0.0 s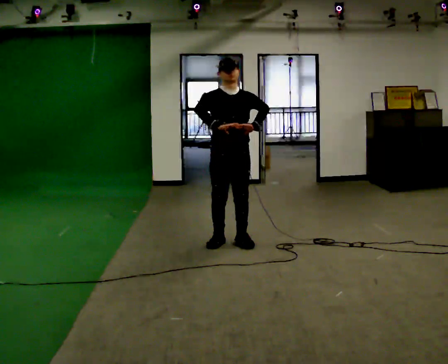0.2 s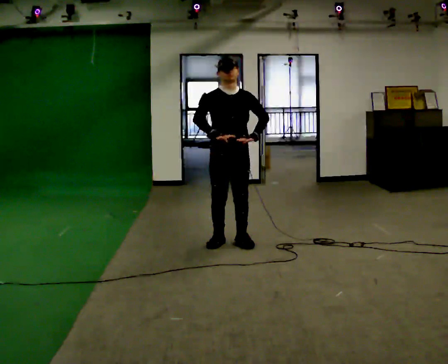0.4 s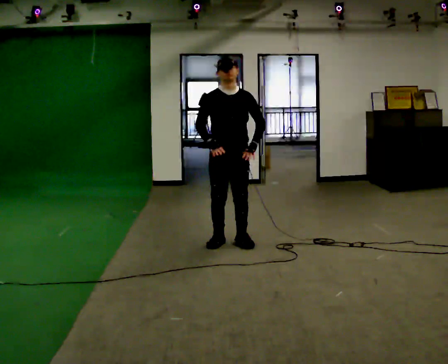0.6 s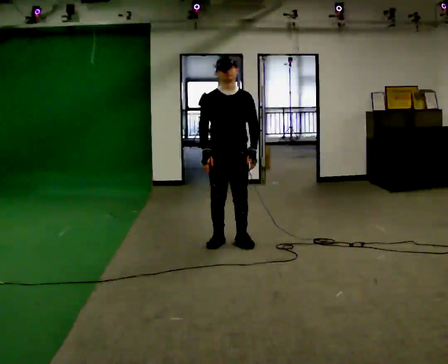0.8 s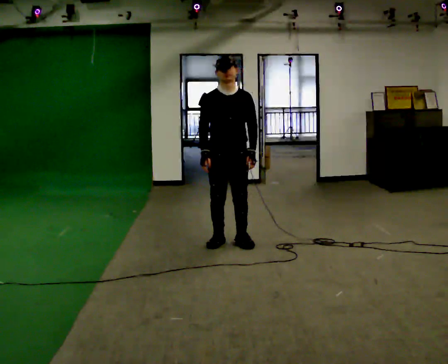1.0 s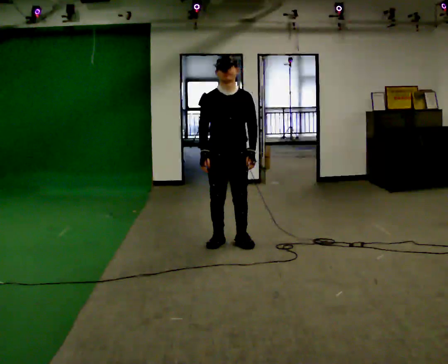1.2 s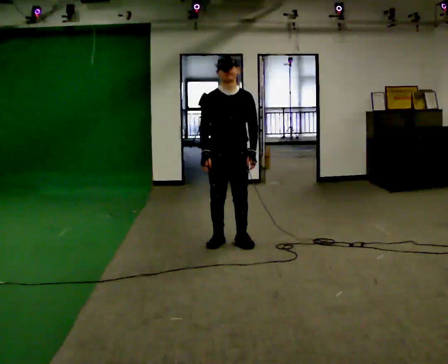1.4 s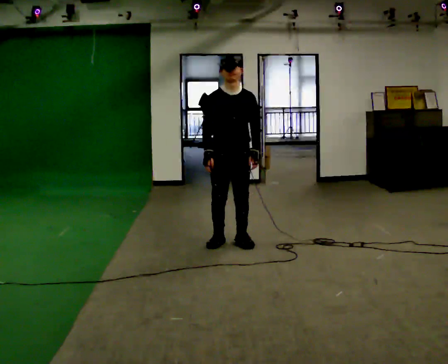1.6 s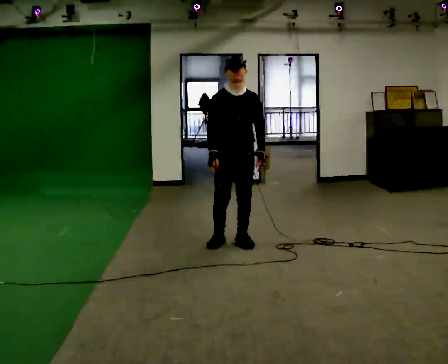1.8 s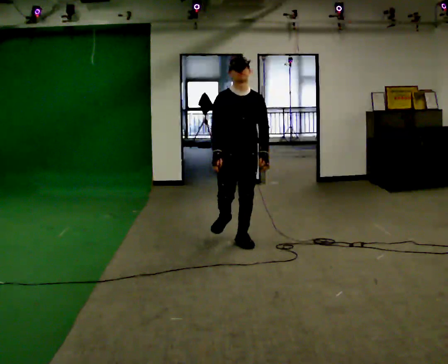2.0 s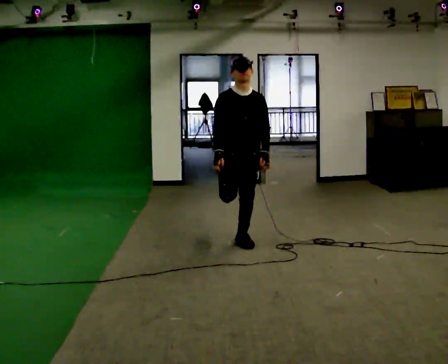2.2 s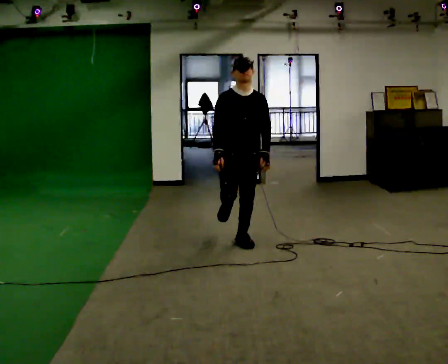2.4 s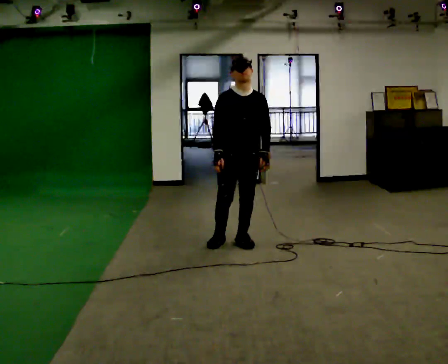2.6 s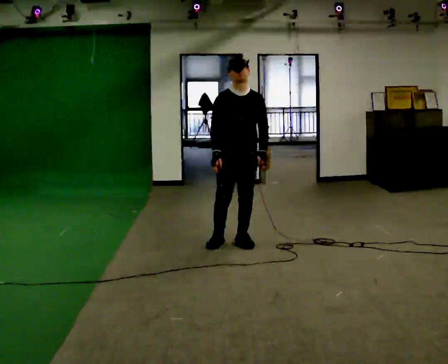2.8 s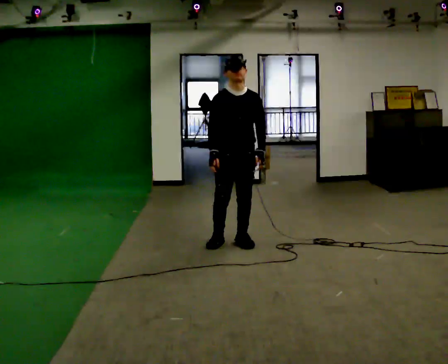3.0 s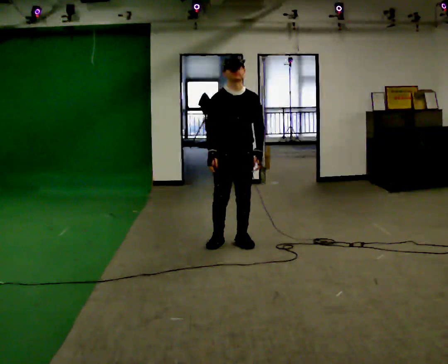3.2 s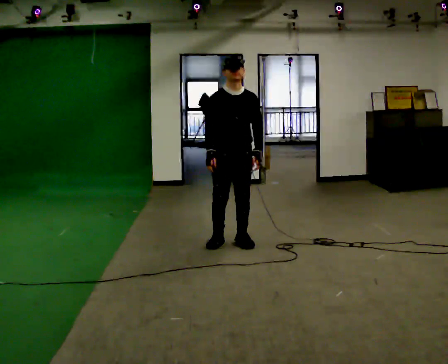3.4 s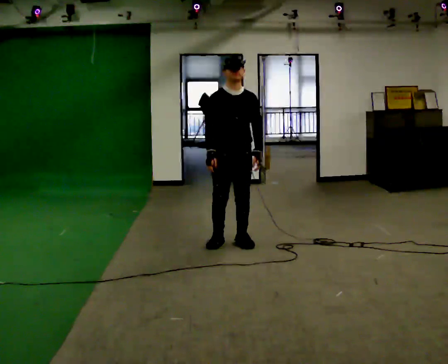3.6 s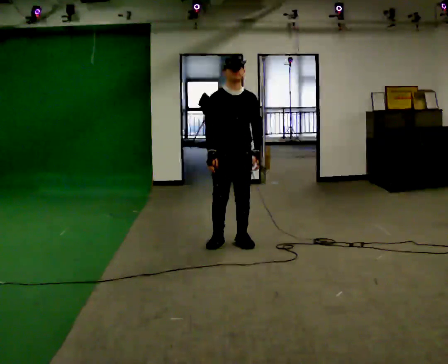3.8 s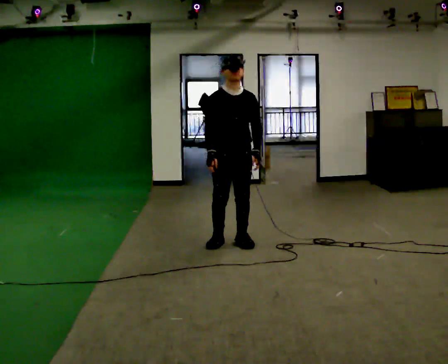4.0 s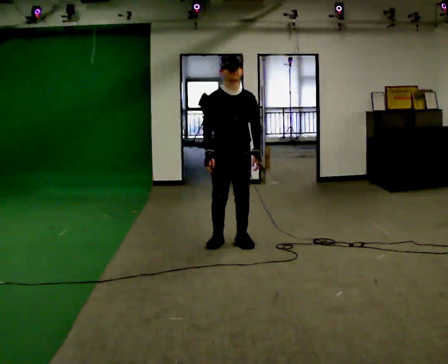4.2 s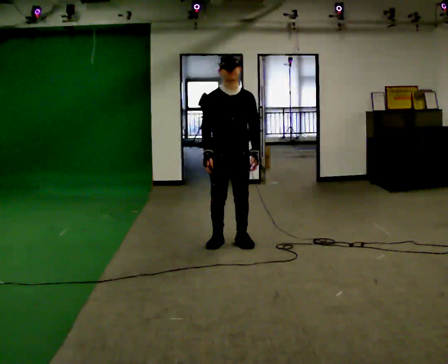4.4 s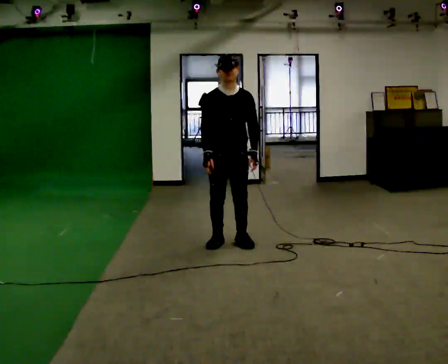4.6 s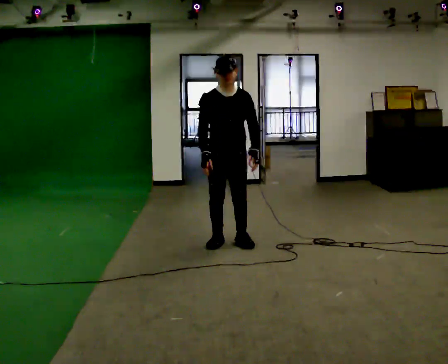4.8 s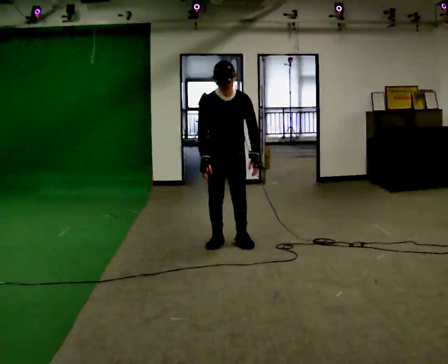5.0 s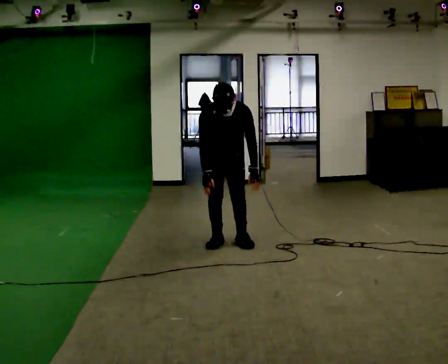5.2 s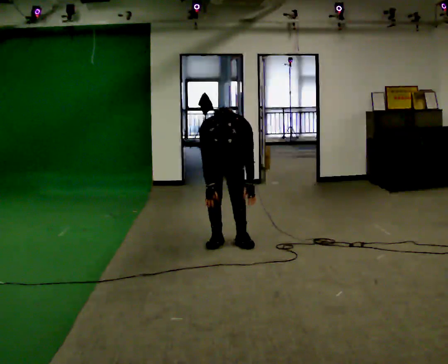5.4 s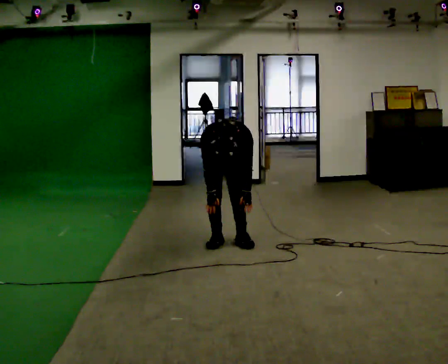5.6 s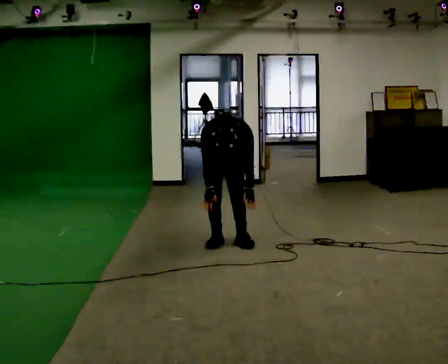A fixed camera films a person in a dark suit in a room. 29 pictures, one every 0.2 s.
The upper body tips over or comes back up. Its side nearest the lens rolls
downward.
Their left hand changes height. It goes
downward.
0.0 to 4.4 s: The person moves a little, or ends about where they began.
4.4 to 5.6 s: In the picture they go away from the camera, about 0.25 m, which for them is backward. The upper body goes downward. The upper body tips toward the camera, its near side rolling downward, as they bend forward.
The film runs backward here.
